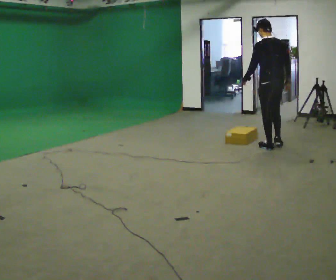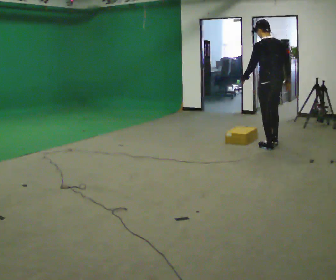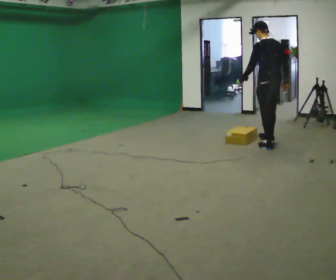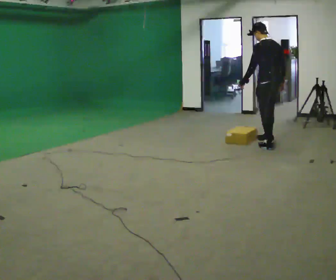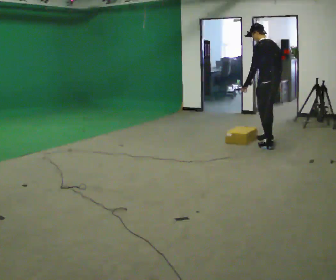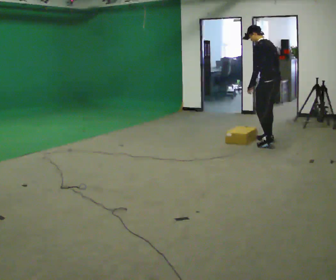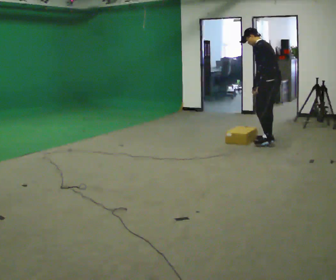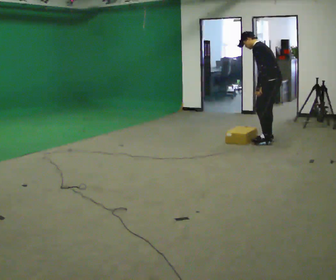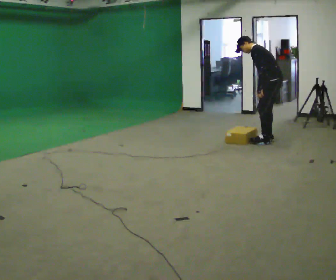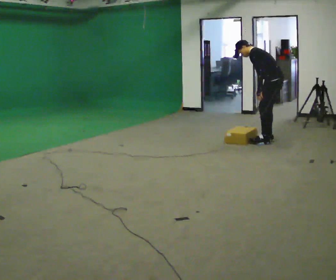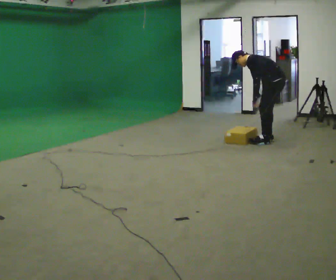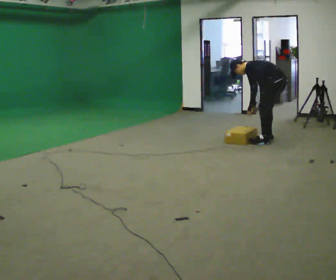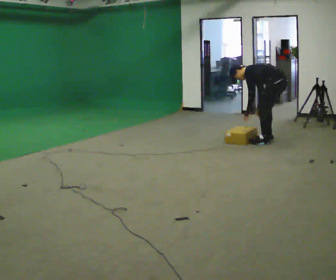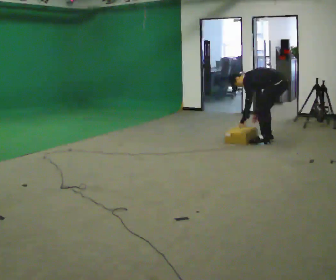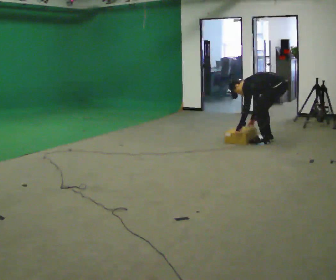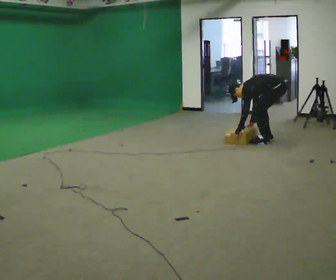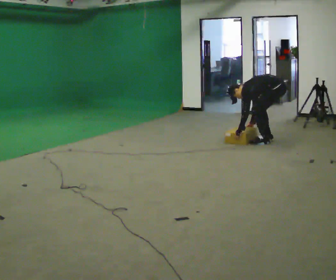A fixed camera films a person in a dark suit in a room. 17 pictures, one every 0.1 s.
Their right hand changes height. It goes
downward.
The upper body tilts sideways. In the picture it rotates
counterclockwise.
0.0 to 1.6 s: The person turns about 45 degrees to their left, counterclockwise seen from above, so the part of the body nearest the lens slides to the right. In the picture they go away from the camera, about 0.25 m in 2 steps, which for them is to their right. The upper body goes downward. In the picture the upper body tilts counterclockwise, shoulders to the left, as they bend forward. In the picture their left hand goes downward.
The film runs forward here.
